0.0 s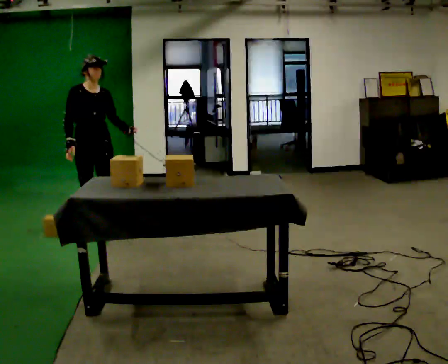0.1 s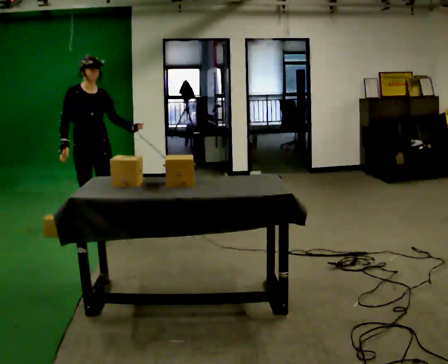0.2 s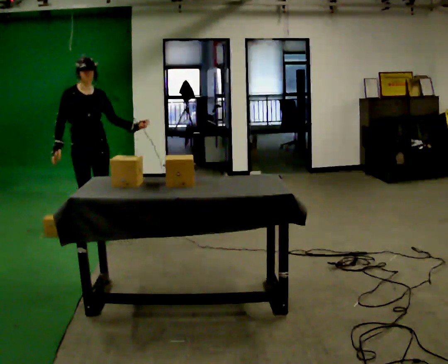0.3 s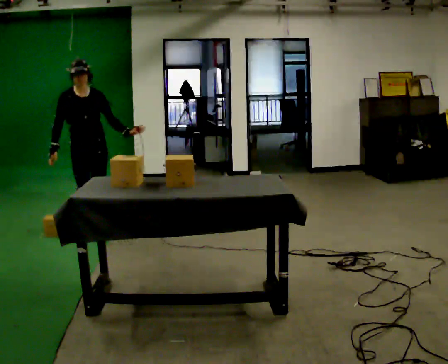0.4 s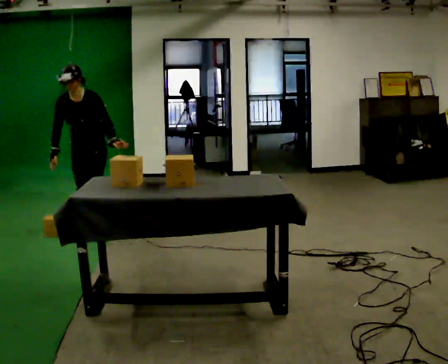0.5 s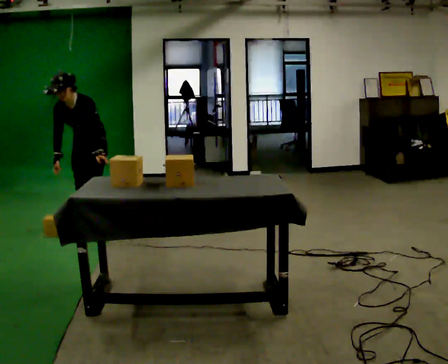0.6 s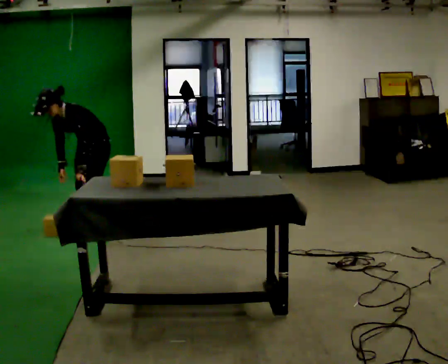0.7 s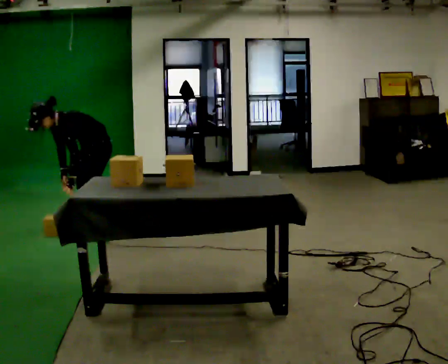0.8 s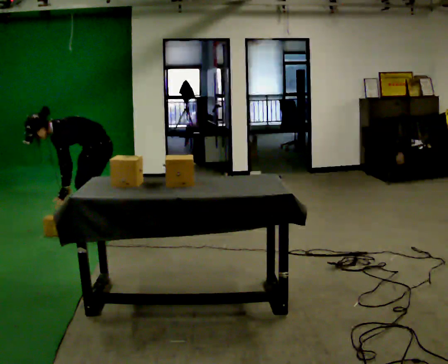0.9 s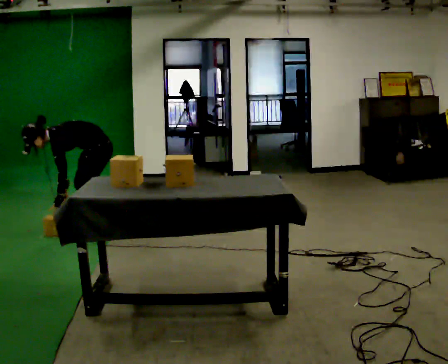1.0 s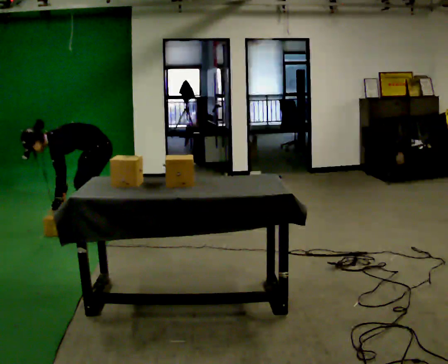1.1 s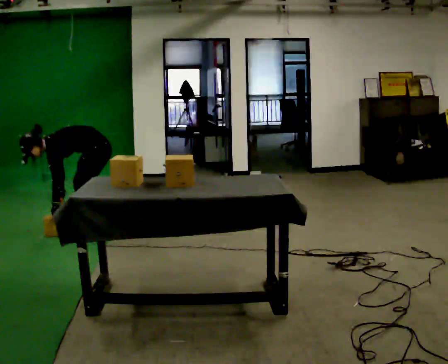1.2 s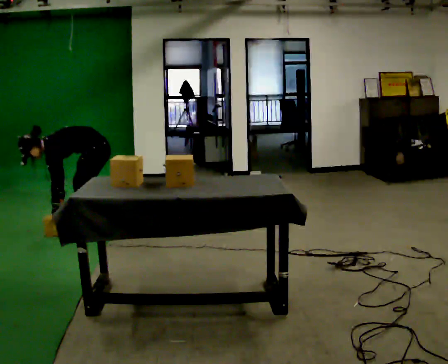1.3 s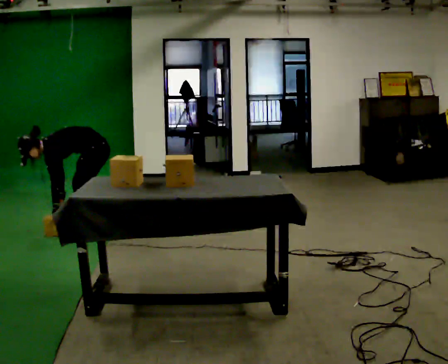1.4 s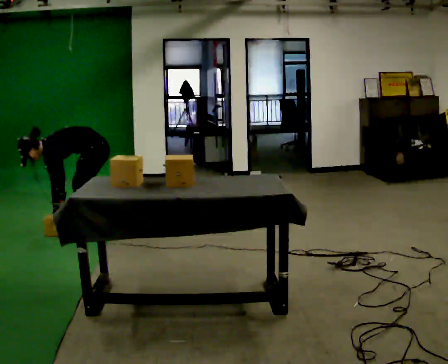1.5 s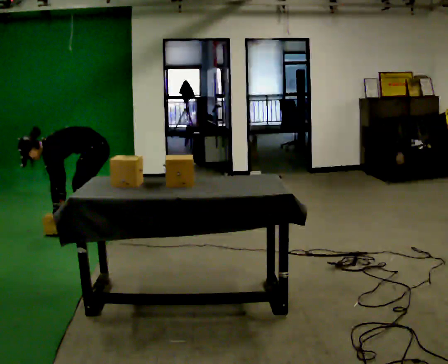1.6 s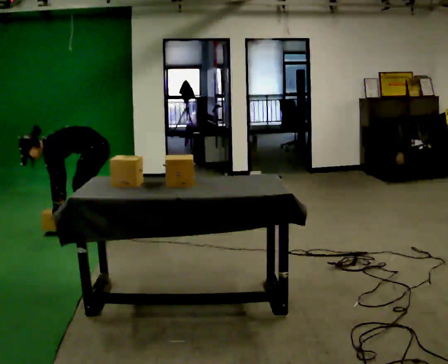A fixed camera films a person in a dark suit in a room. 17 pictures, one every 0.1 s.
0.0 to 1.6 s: Seen from above the body turns clockwise, about 90 degrees: to their right, with its near side sliding to the left. The shoulders move downward. In the picture the upper body tilts counterclockwise, shoulders to the left, as they bend forward. In the picture their left hand goes to the left and downward.
The film runs backward here.
